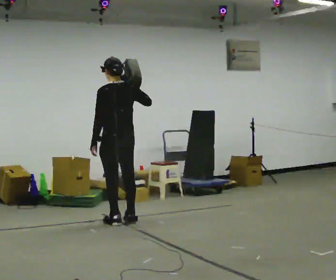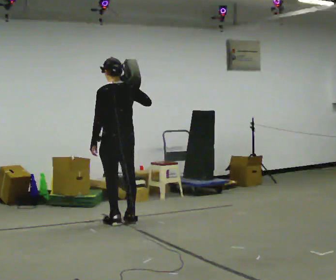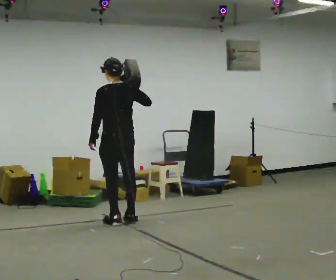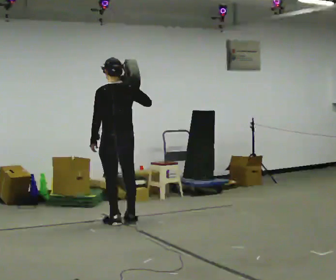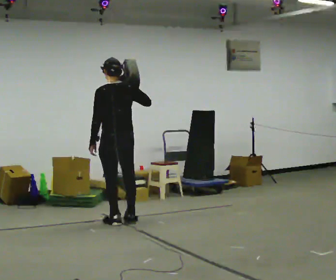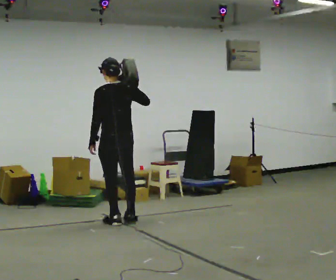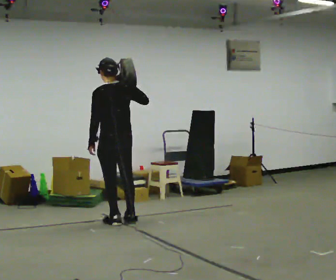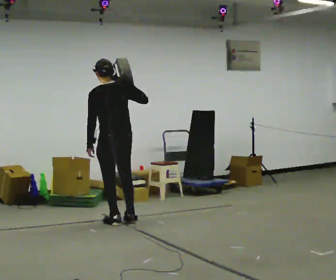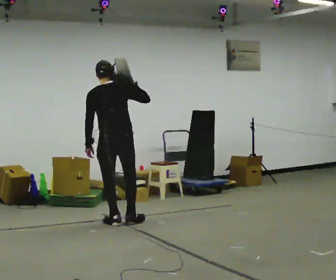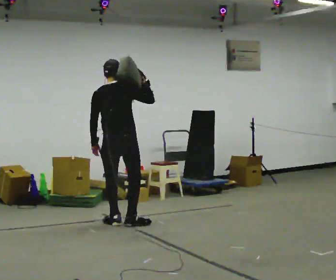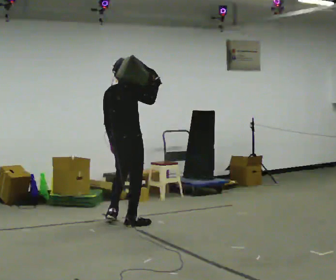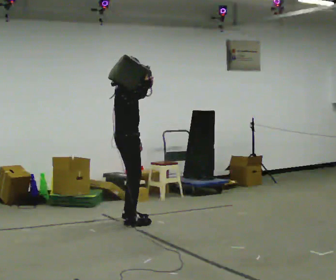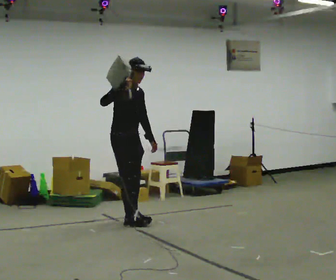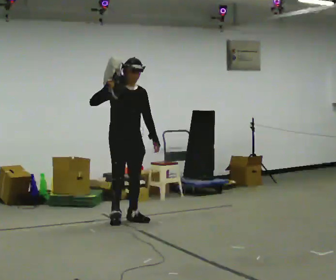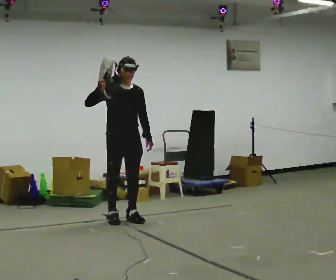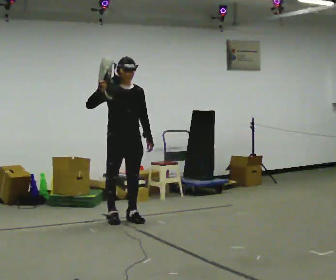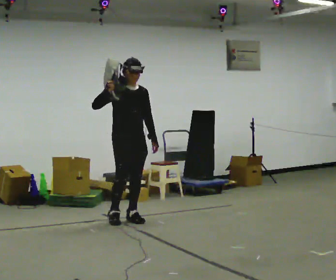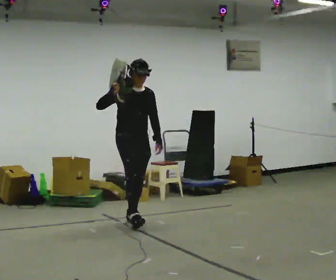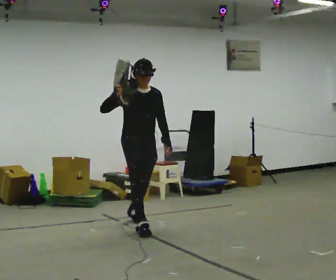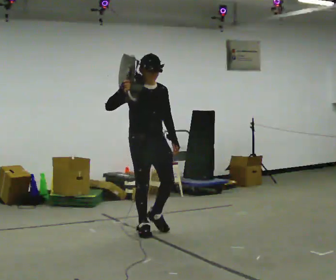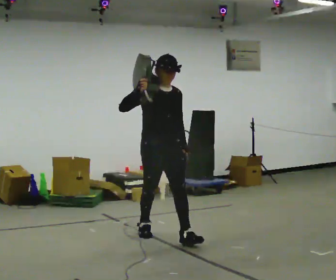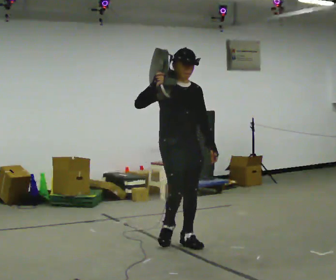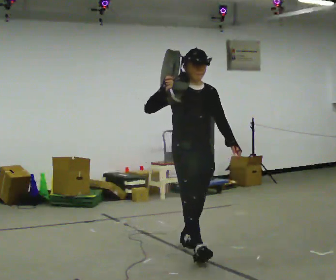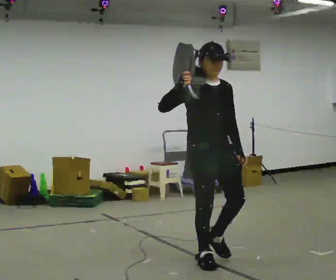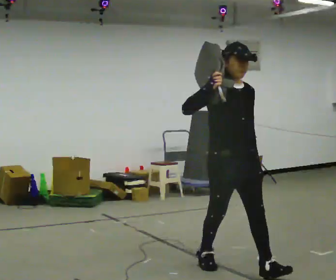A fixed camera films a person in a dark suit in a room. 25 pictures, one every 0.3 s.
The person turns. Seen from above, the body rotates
clockwise.
The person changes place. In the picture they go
toward the camera.
0.0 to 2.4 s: Seen from above the body turns clockwise, about 30 degrees: to their right, with its near side sliding to the left.
2.4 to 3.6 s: The person turns about 135 degrees to their right, clockwise seen from above, so the part of the body nearest the lens slides to the left. In the picture they go away from the camera, about 0.25 m in 1 step. In the picture the upper body tilts clockwise, shoulders to the right.
3.6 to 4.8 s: The person moves a little, or ends about where they began.
4.8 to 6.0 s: In the picture they go toward the camera and to the right, about 1 m in 2 steps, which for them is forward.
6.0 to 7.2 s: In the picture they go toward the camera and to the right, about 1 m in 2 steps, which for them is forward.
The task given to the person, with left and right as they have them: Put the soft bag up onto your shoulder and carry it across the room, back and forth.
The film runs forward here.
